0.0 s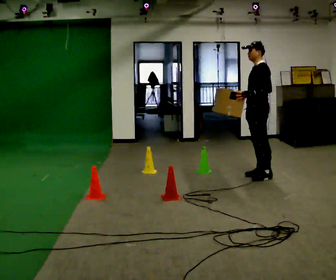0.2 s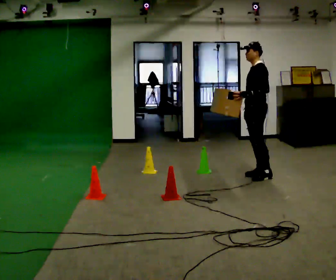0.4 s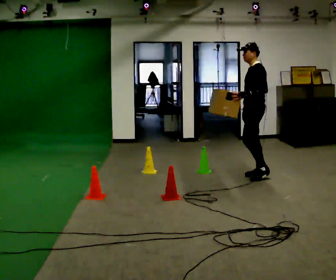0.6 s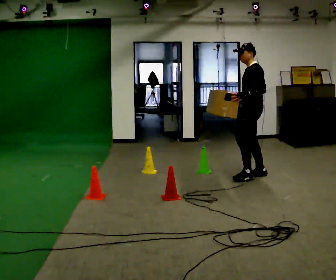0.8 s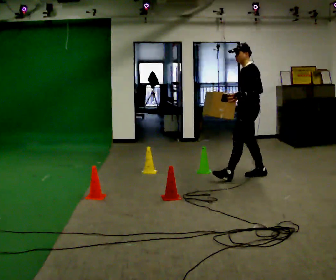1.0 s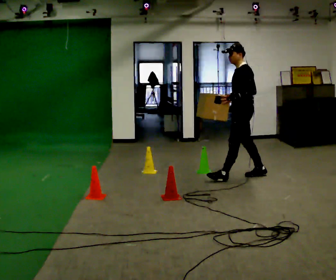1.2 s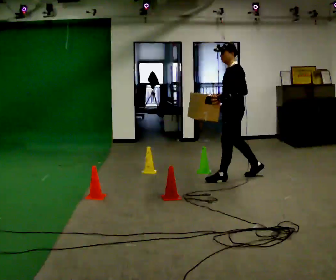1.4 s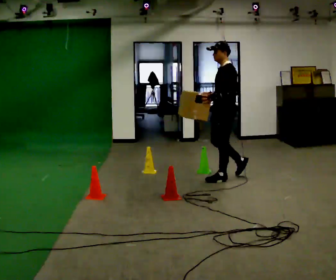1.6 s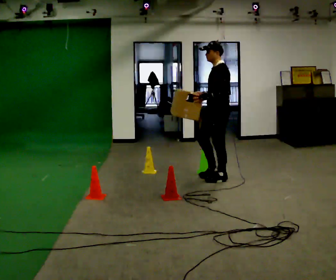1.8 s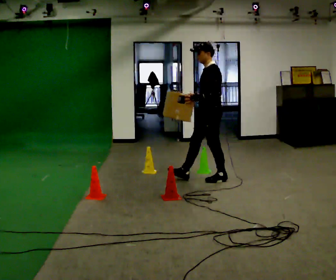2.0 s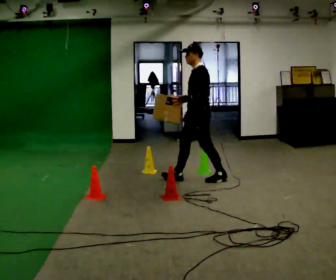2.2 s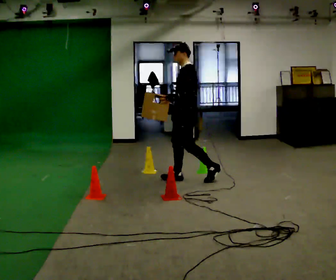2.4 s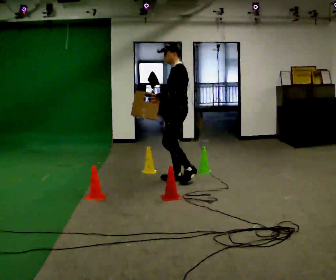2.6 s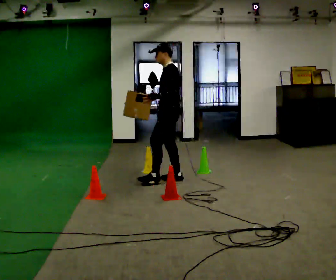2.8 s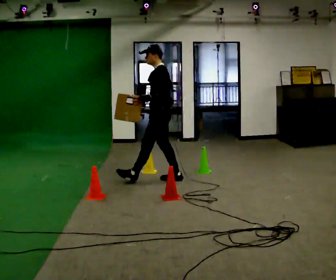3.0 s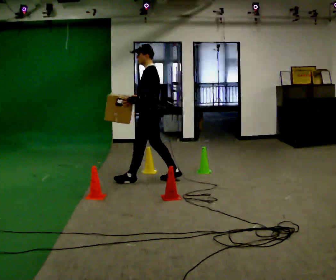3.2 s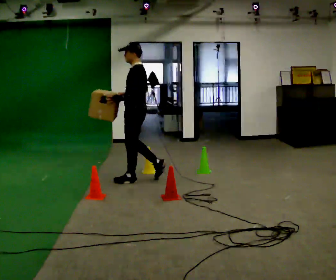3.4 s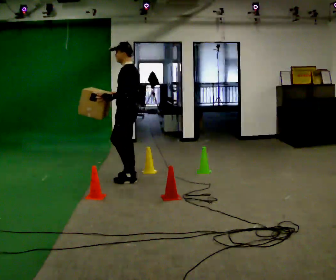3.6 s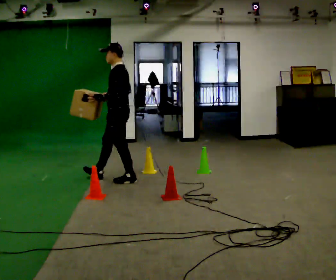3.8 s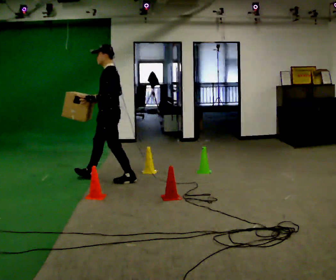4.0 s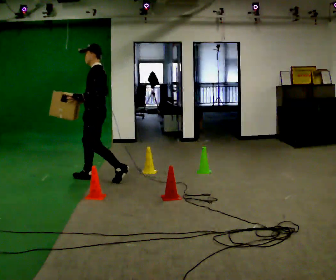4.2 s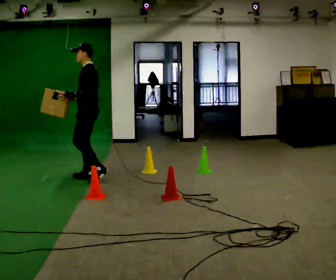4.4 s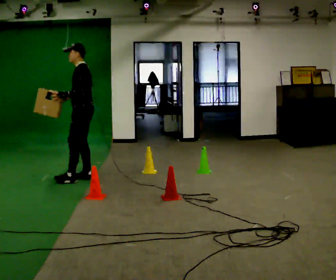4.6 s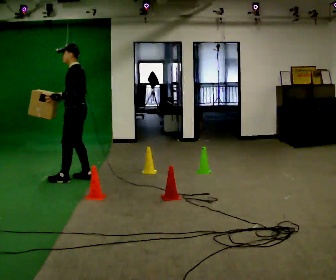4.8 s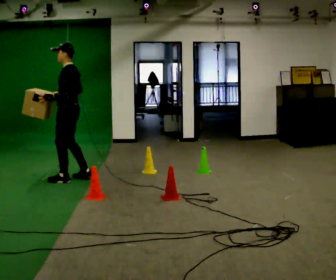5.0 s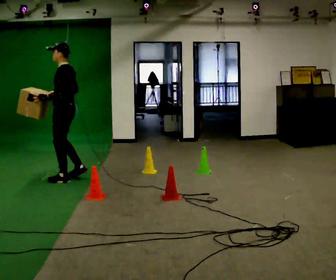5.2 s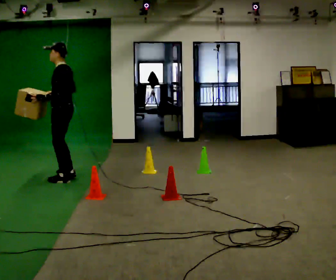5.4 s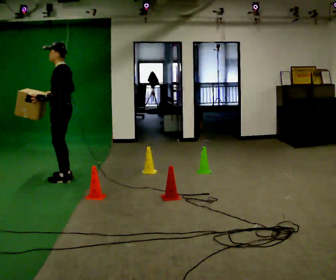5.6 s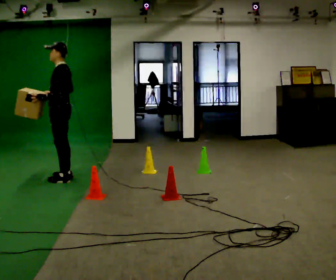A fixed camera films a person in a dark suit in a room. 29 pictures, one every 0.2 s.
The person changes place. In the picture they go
to the left.
0.0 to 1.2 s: In the picture they go to the left, about 0.25 m in 1 step, which for them is forward.
1.2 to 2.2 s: In the picture they go to the left, about 0.5 m in 1 step, which for them is forward.
2.2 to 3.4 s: In the picture they go to the left, about 0.5 m in 1 step, which for them is forward.
3.4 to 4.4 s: In the picture they go to the left, about 0.5 m in 1 step, which for them is forward.
4.4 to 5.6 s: In the picture they go to the left, about 0.25 m in 2 steps, which for them is forward.
The film runs forward here.
